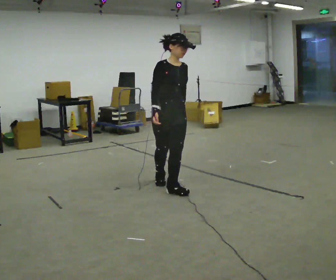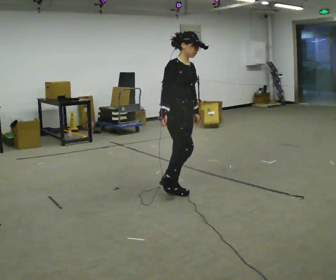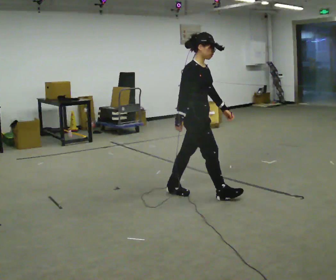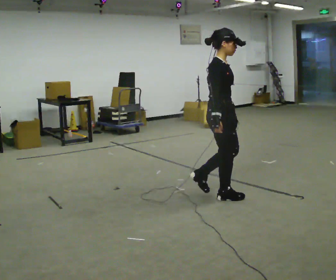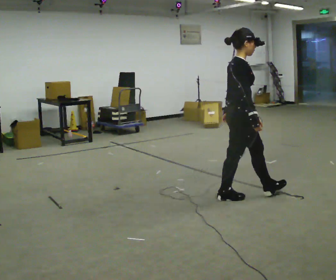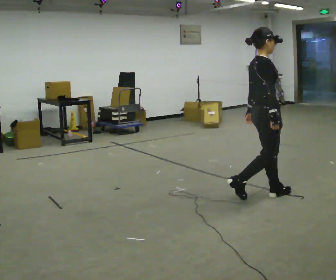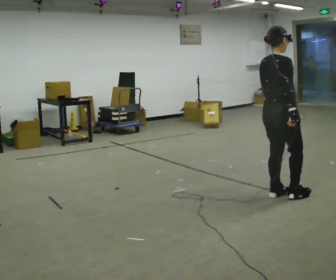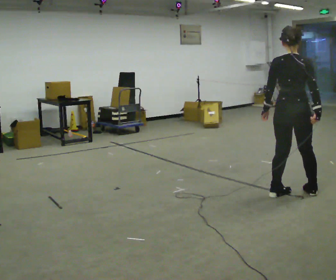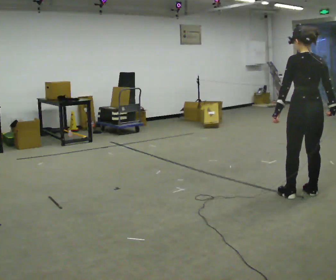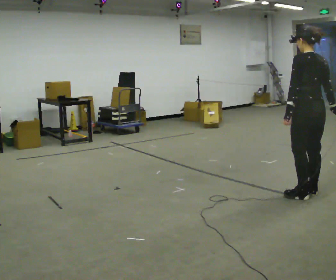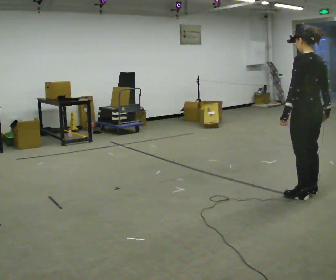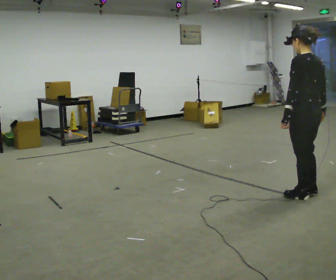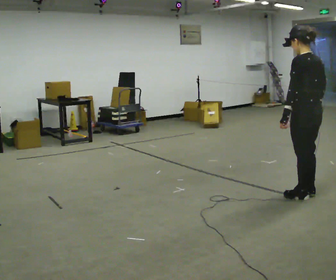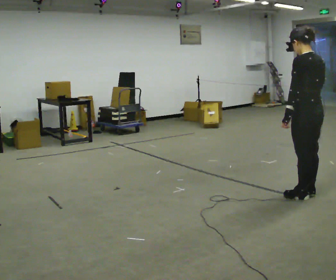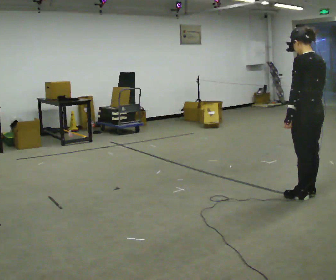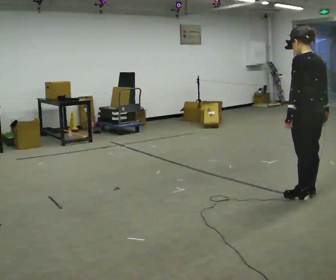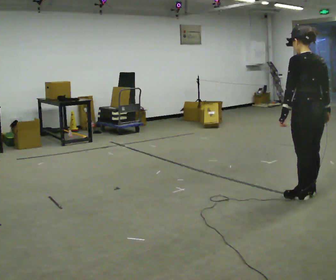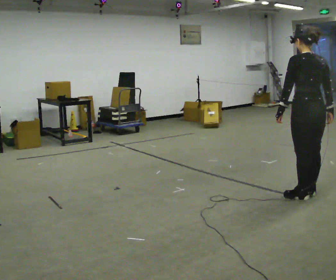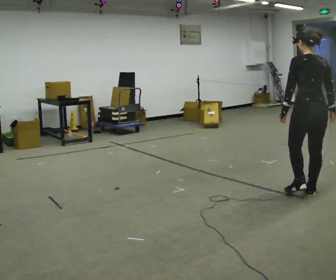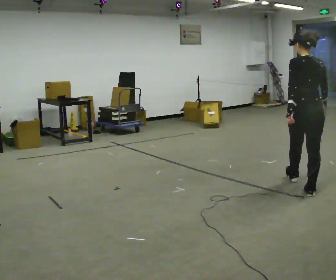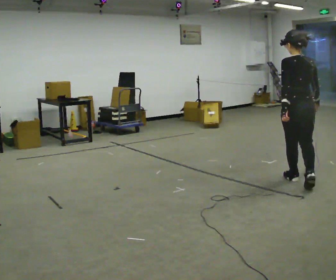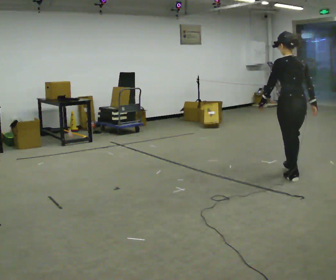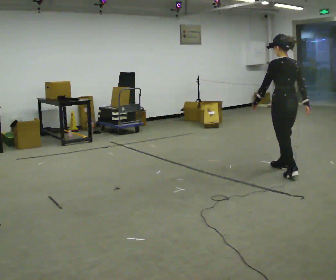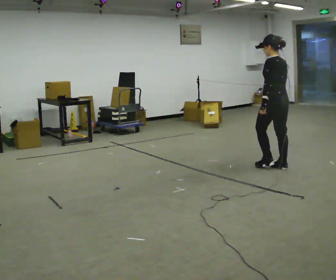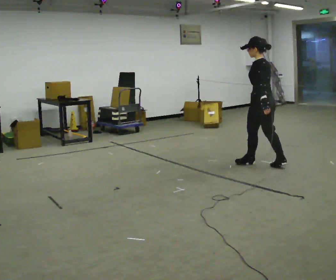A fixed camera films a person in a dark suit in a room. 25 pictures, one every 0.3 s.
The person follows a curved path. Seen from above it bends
counterclockwise.
0.0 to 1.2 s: The person turns about 60 degrees to their left, counterclockwise seen from above, so the part of the body nearest the lens slides to the right. In the picture they go to the right, about 0.5 m in 1 step.
1.2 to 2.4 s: Seen from above the body turns counterclockwise, about 90 degrees: to their left, with its near side sliding to the right. In the picture they go to the right, about 0.75 m in 2 steps.
2.4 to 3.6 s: The part of the body nearest the lens slides to the right as the person turns to their left by about 30 degrees.
3.6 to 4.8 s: The person moves a little, or ends about where they began.
4.8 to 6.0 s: In the picture they go away from the camera, about 0.5 m in 1 step, which for them is forward.
6.0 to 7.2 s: The person turns about 45 degrees to their left, counterclockwise seen from above, so the part of the body nearest the lens slides to the right. In the picture they go away from the camera and to the left, about 1 m in 2 steps, which for them is forward.
The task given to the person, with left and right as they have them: Walk one full figure-eight continuously at comfortable speed; stop.
The film runs forward here.
